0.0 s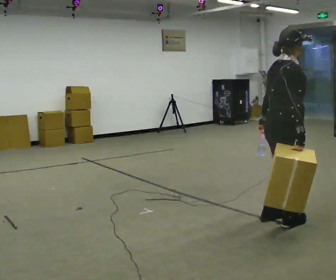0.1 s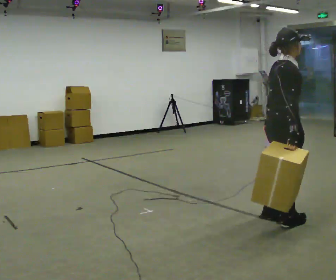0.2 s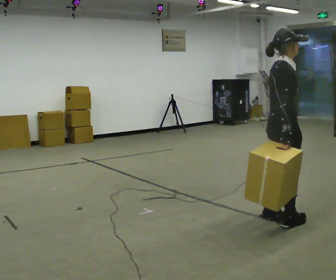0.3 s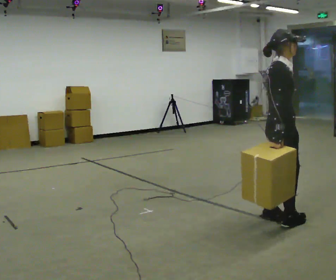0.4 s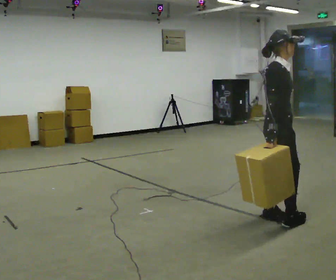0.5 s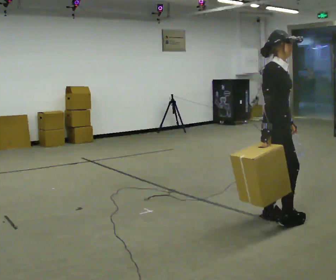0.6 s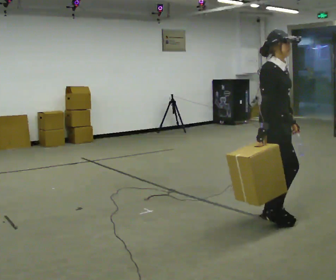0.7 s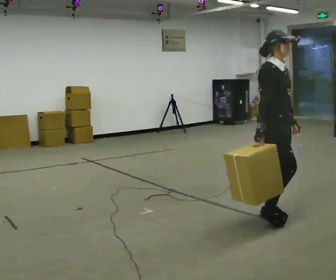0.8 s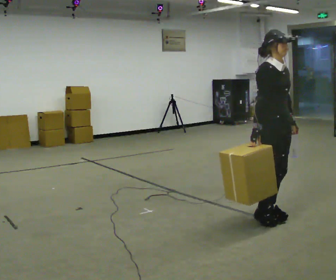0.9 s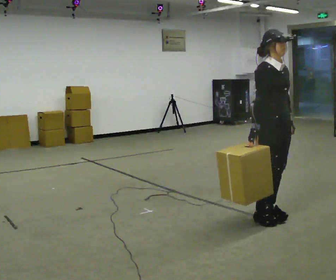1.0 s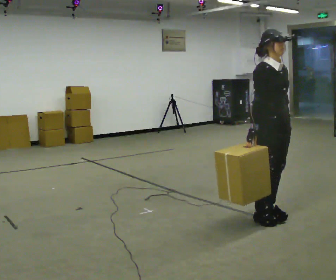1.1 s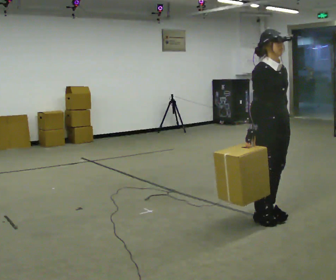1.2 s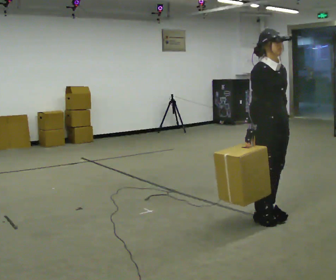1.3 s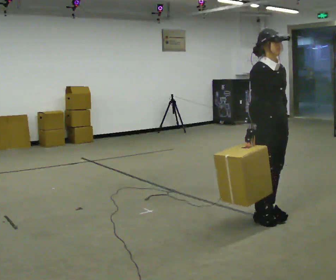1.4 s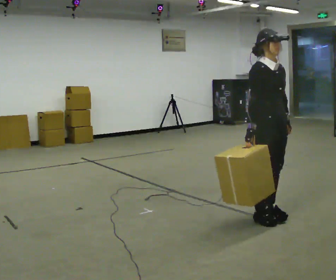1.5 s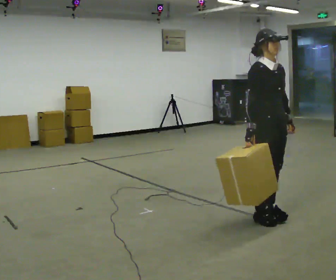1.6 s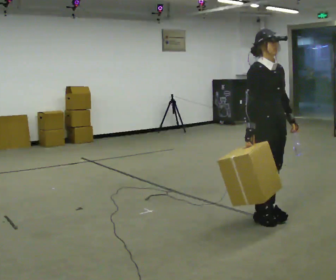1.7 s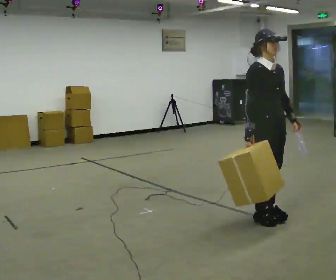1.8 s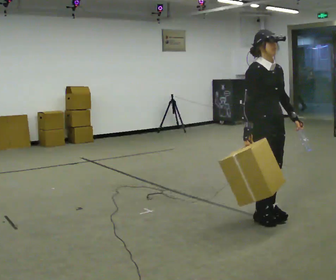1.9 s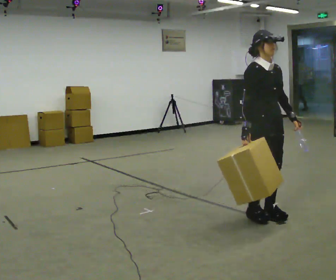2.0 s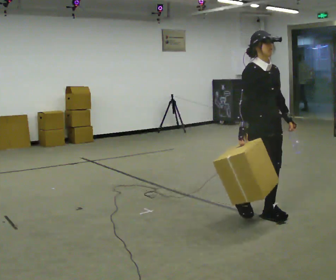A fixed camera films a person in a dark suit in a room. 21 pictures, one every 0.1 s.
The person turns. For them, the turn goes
to their right.
Their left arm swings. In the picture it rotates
counterclockwise.
0.0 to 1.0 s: The part of the body nearest the lens slides to the left as the person turns to their right by about 75 degrees. In the picture they go away from the camera, about 0.25 m in 1 step.
1.0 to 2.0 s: The person moves a little, or ends about where they began.
The film runs backward here.
